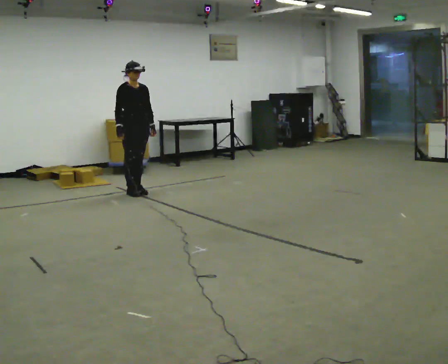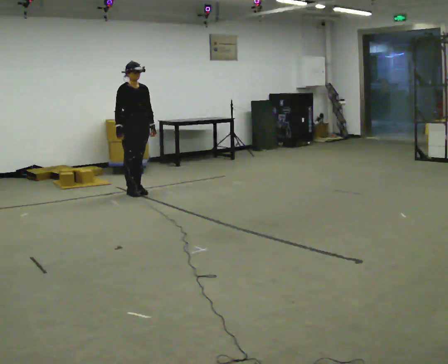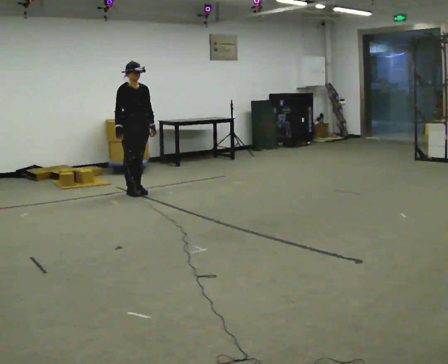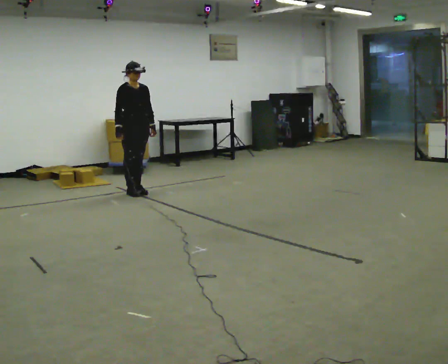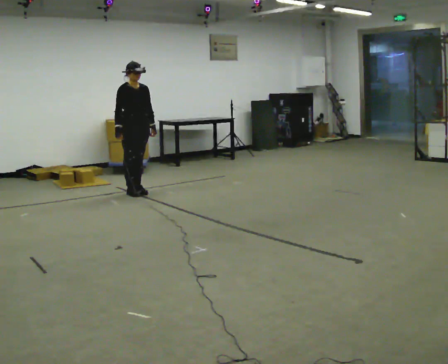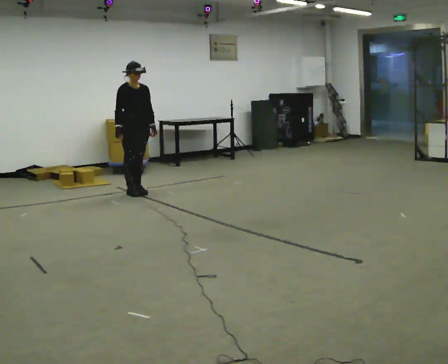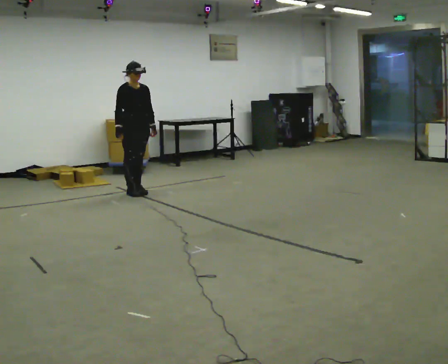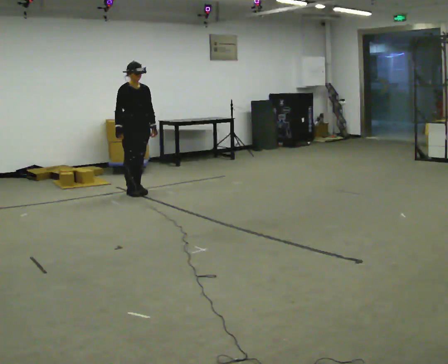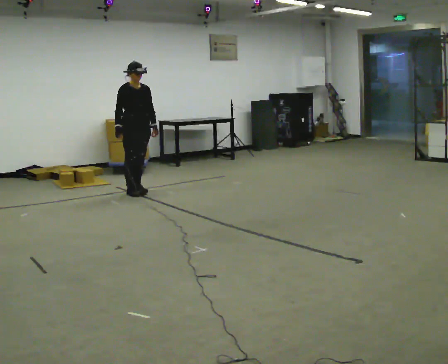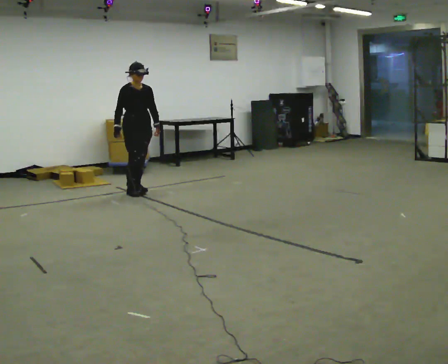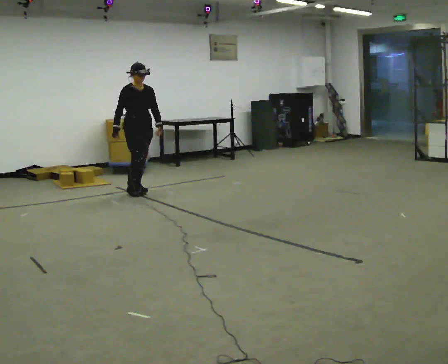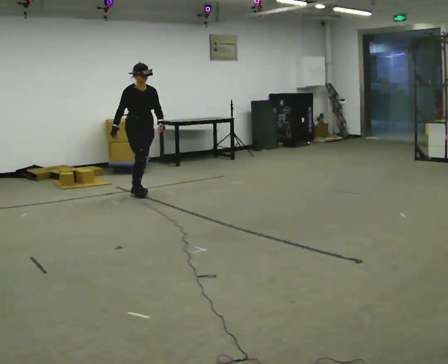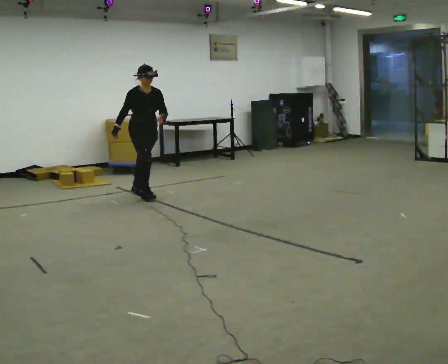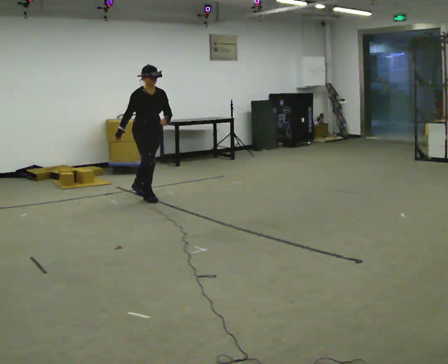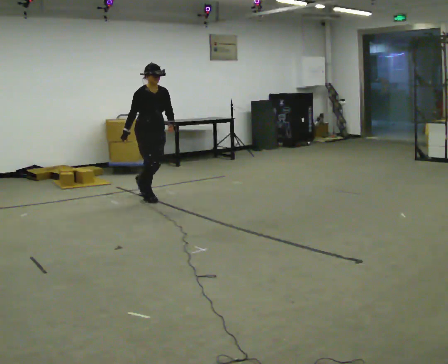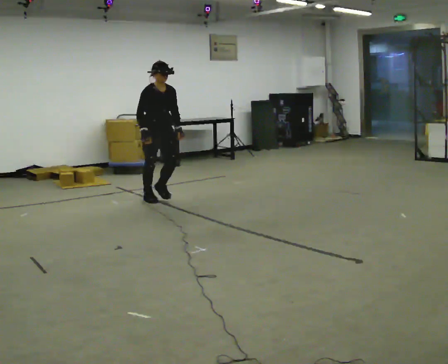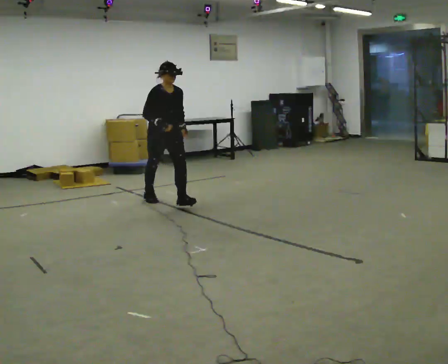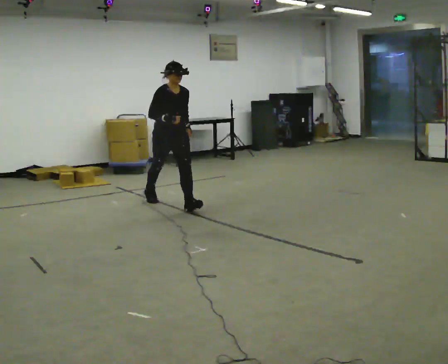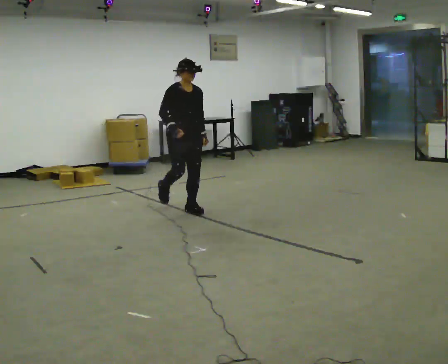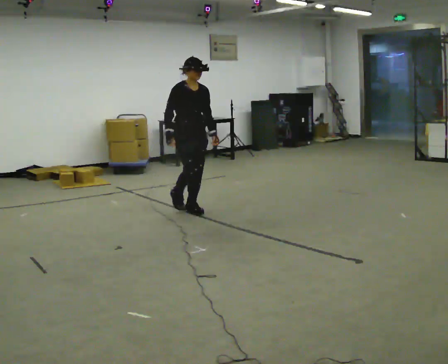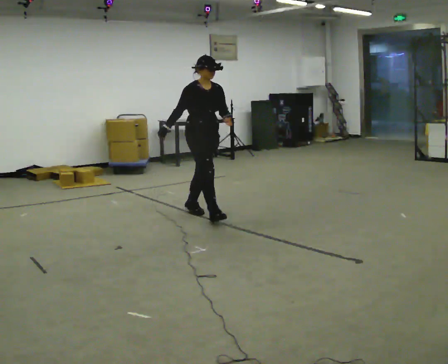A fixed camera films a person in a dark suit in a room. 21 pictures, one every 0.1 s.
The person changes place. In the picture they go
toward the camera.
0.0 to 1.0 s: The person moves a little, or ends about where they began.
1.0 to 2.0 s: In the picture they go toward the camera and to the right, about 1.5 m in 2 steps, which for them is forward.
The film runs forward here.
